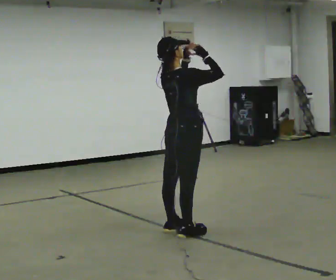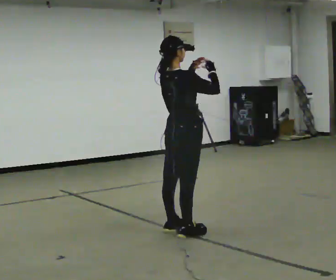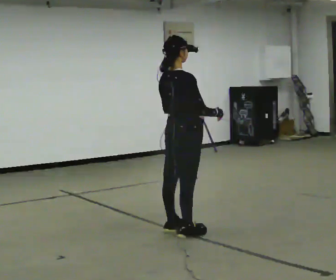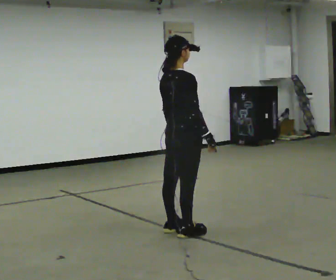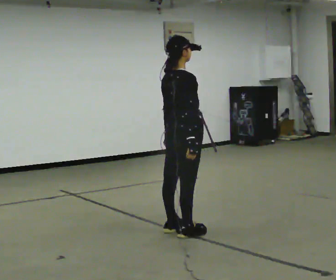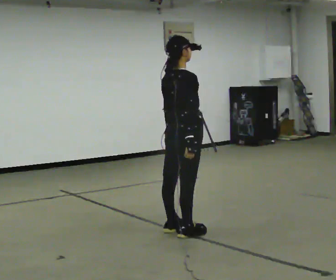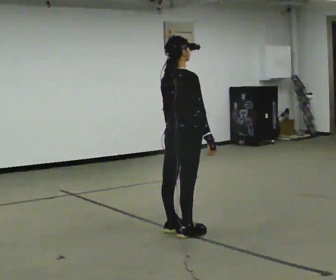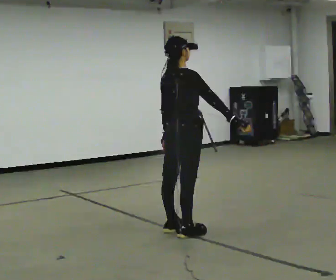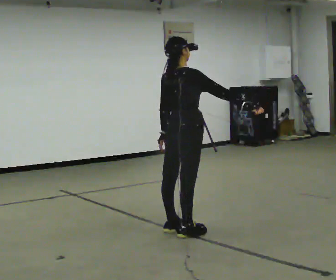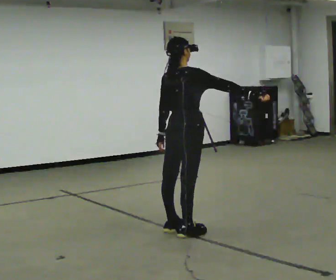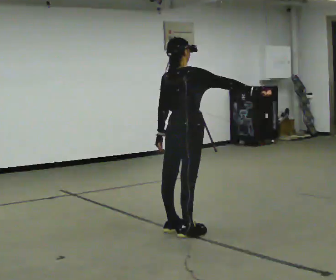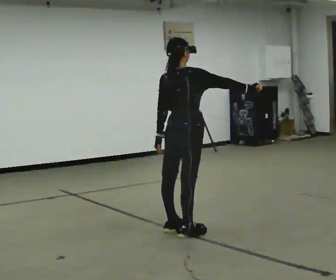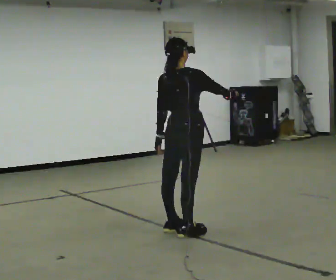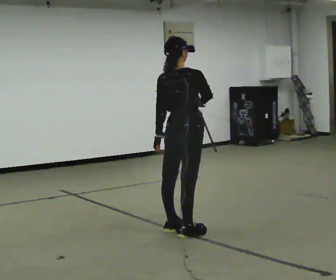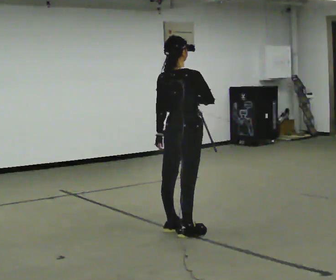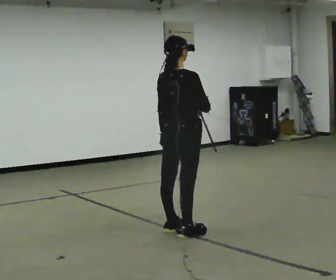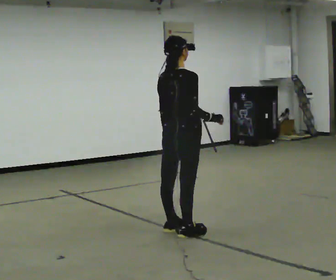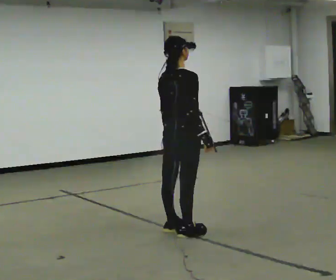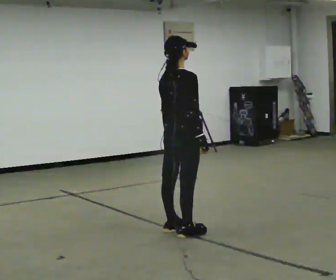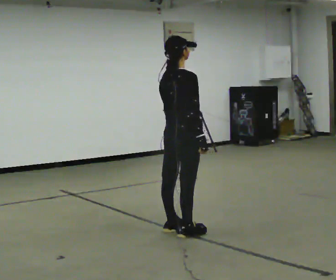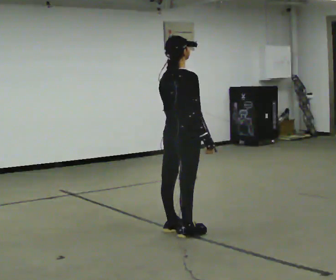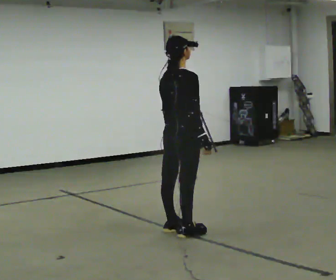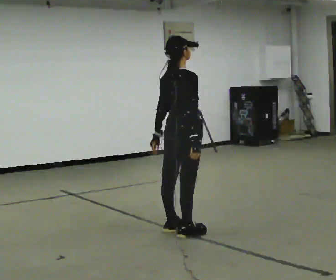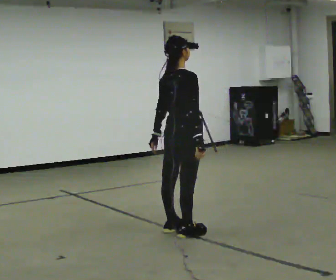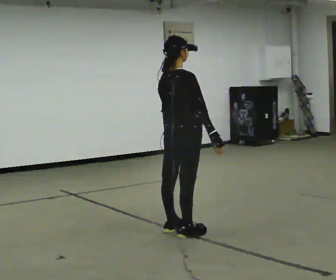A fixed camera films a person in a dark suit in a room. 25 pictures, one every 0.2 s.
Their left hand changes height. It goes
downward.
0.0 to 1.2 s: In the picture their right hand goes downward.
1.2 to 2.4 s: In the picture their right hand goes upward, the arm swinging counterclockwise.
2.4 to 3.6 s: In the picture their right hand goes downward and to the left.
3.6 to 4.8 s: The person moves a little, or ends about where they began.
The film runs backward here.
